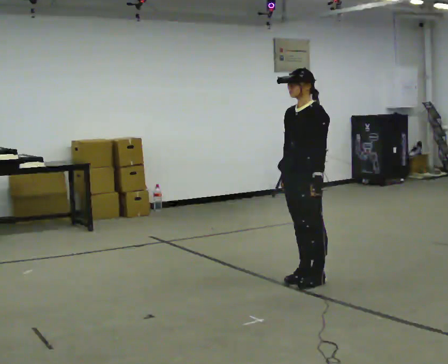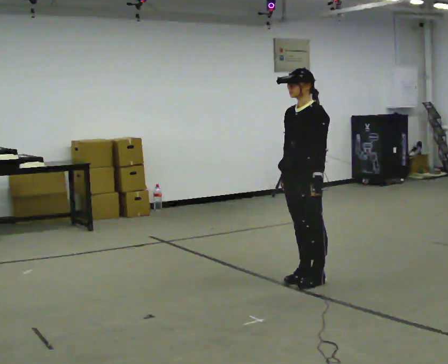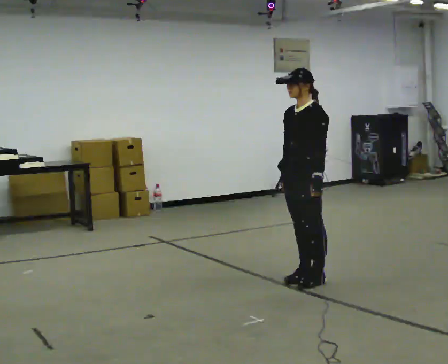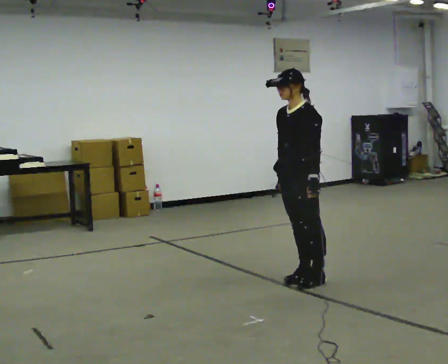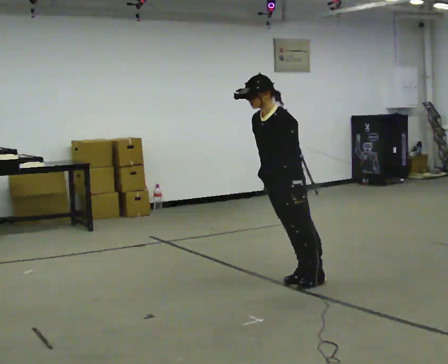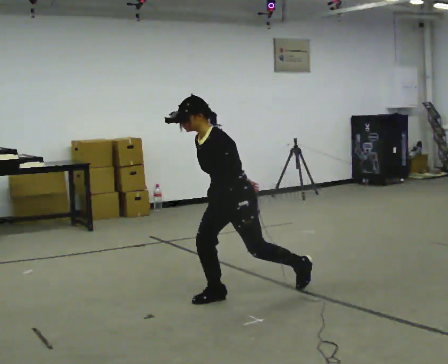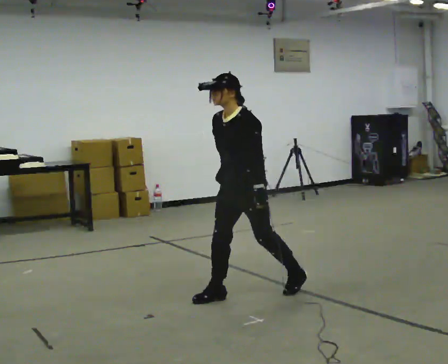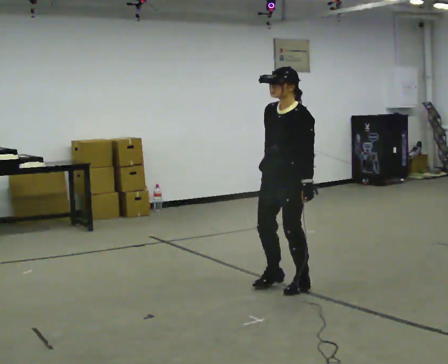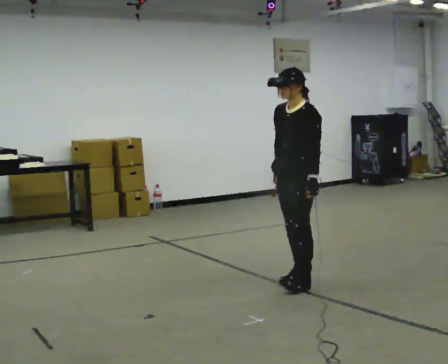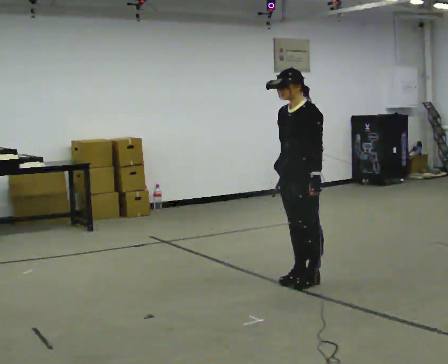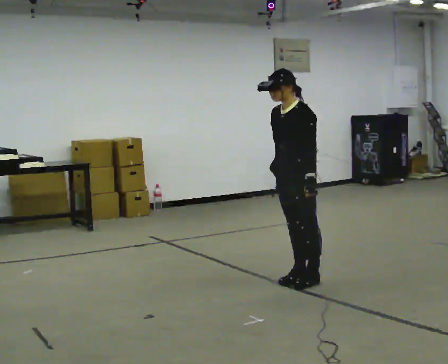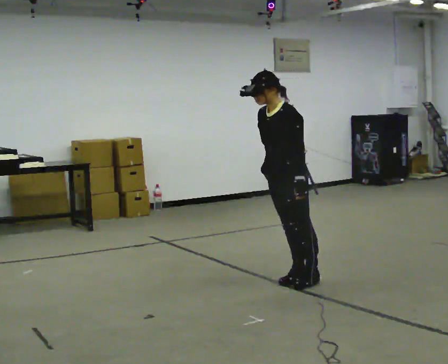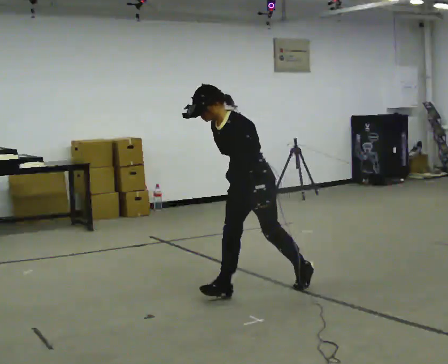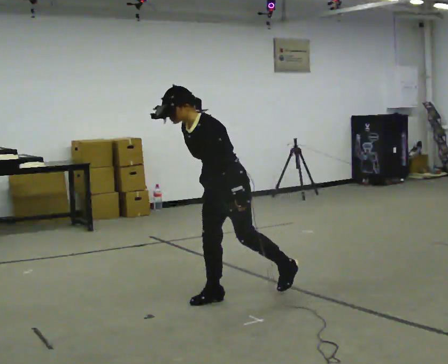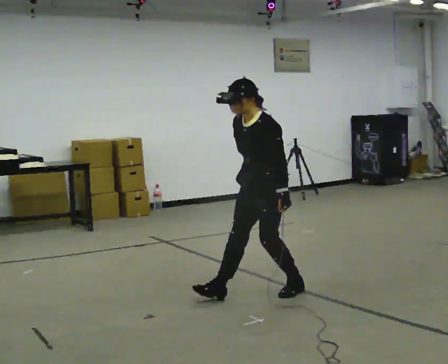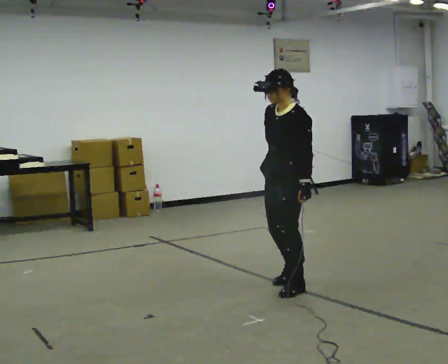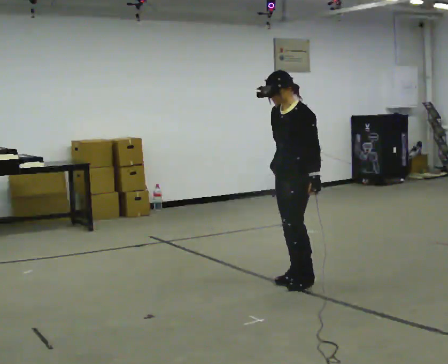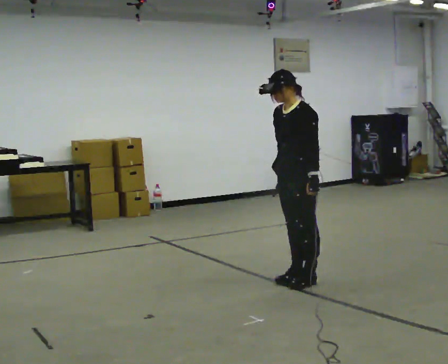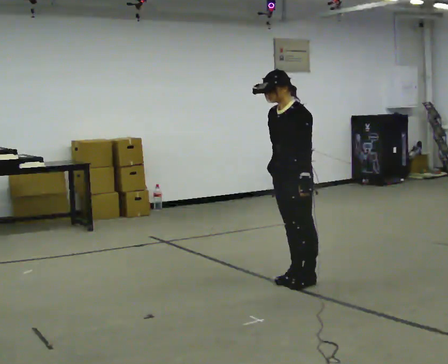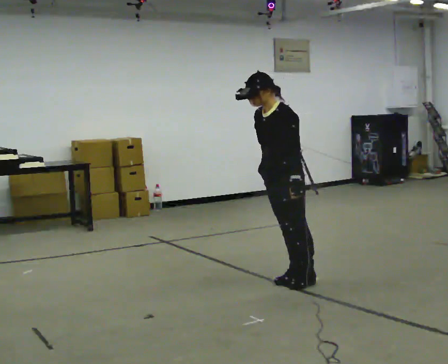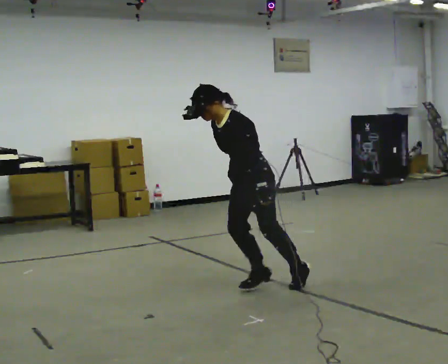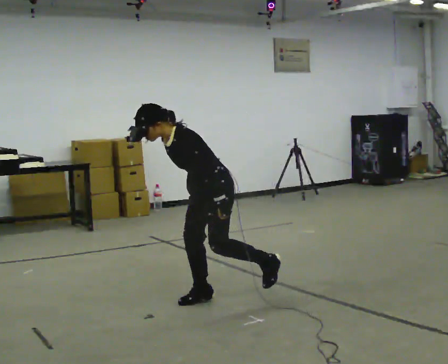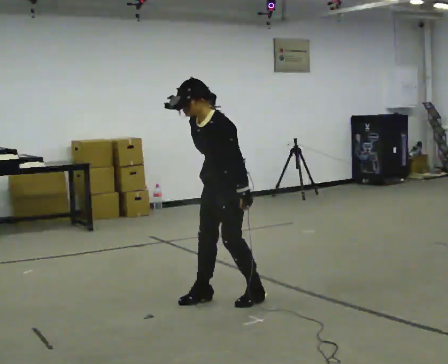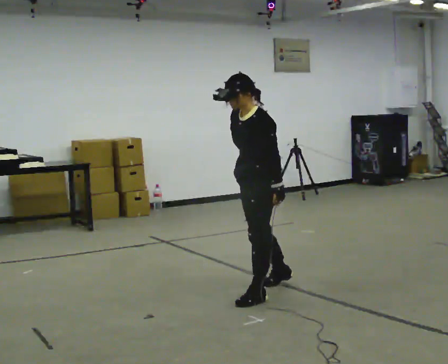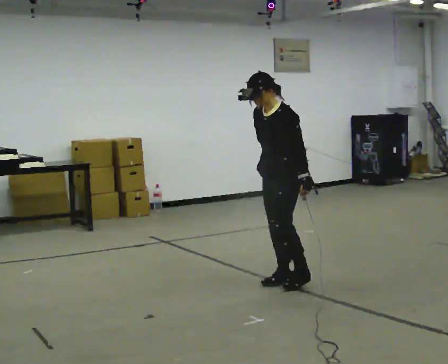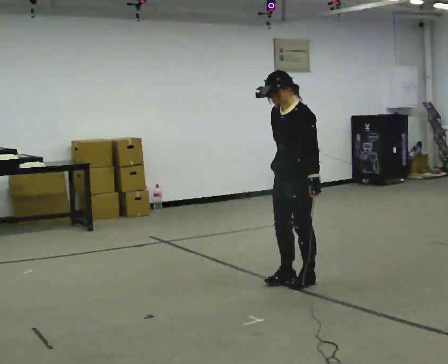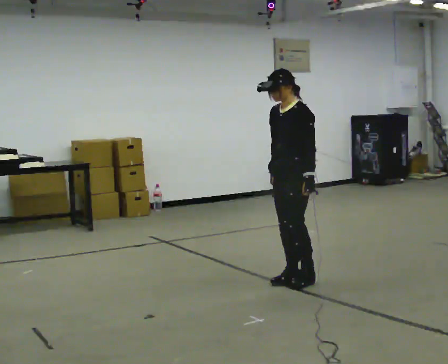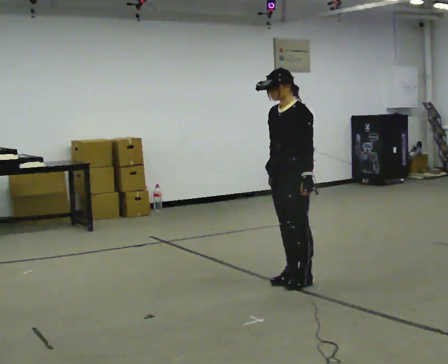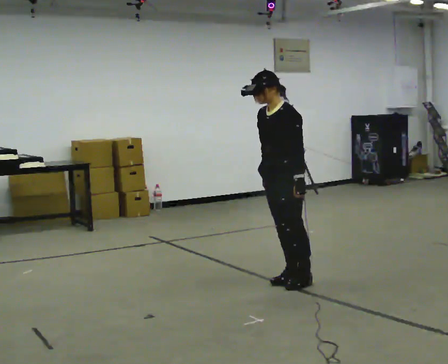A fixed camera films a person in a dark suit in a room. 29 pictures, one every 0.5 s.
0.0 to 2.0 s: In the picture the upper body tilts counterclockwise, shoulders to the left, as they bend forward.
2.0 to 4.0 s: The person moves a little, or ends about where they began.
4.0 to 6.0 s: In the picture they go to the left and toward the camera, about 0.5 m in 1 step, which for them is forward. In the picture the upper body tilts counterclockwise, shoulders to the left, as they bend forward.
6.0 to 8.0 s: In the picture they go away from the camera and to the right, about 0.5 m in 3 steps, which for them is backward.
8.0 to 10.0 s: In the picture they go to the left and toward the camera, about 0.5 m in 1 step, which for them is forward. In the picture the upper body tilts counterclockwise, shoulders to the left, as they bend forward.
10.0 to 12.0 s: In the picture they go away from the camera and to the right, about 0.25 m in 3 steps, which for them is backward.
12.0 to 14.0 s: The person moves a little, or ends about where they began.
The film runs forward here.
